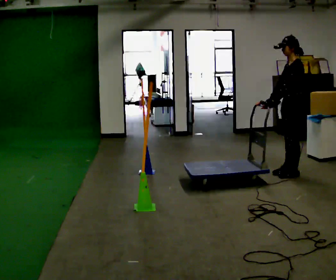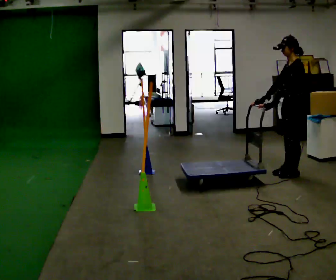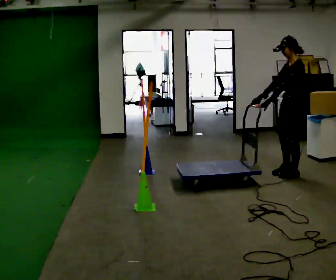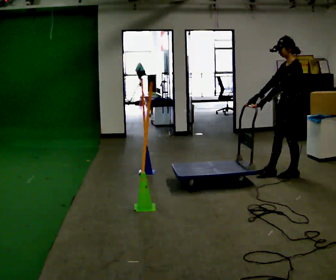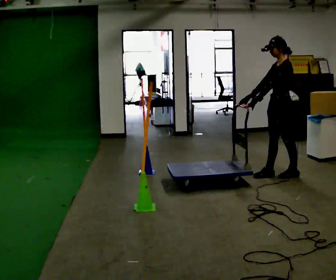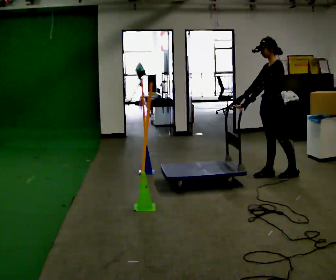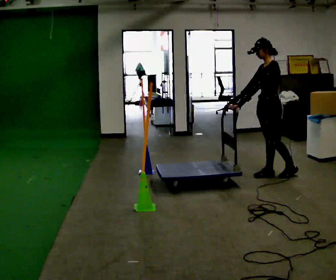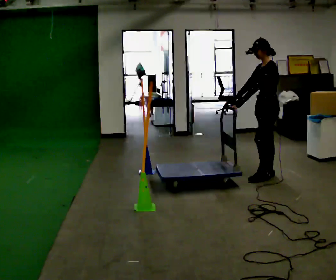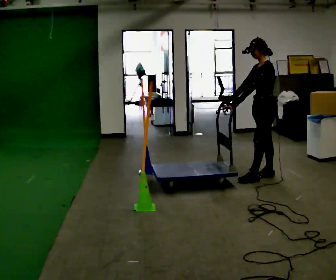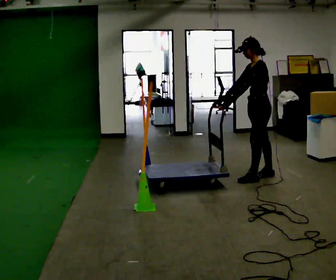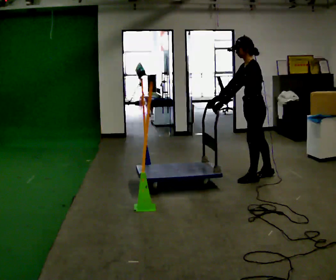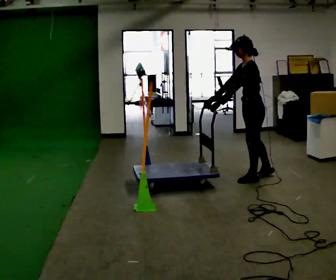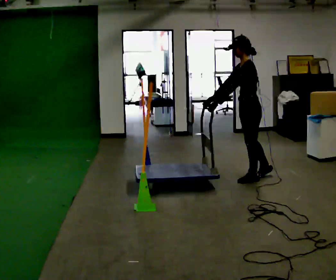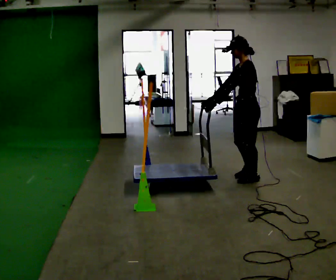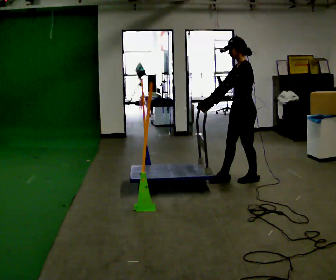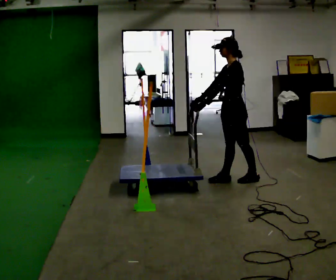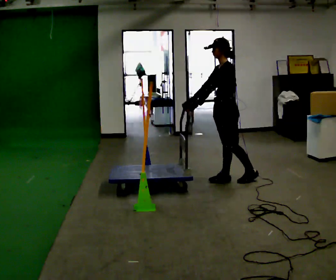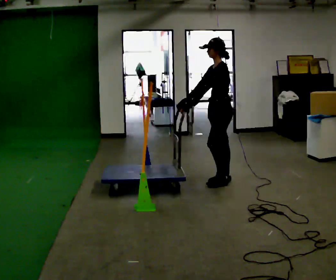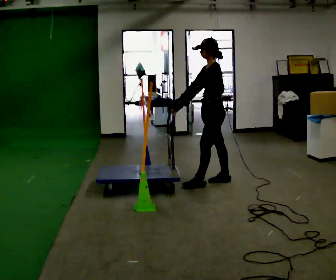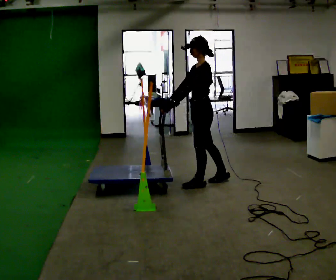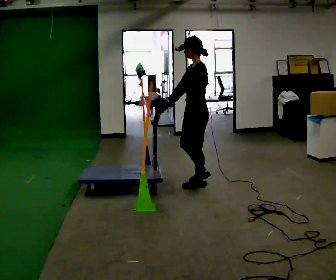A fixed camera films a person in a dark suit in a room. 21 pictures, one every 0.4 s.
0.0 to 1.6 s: In the picture they go to the left, about 0.25 m in 1 step, which for them is forward.
1.6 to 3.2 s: In the picture they go to the left, about 0.25 m in 1 step, which for them is forward.
3.2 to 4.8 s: In the picture they go to the left and toward the camera, about 0.25 m, which for them is forward and to their left.
4.8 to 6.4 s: In the picture they go to the left, about 0.25 m in 1 step, which for them is forward.
6.4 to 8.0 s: In the picture they go to the left and toward the camera, about 0.25 m in 1 step, which for them is forward.
The film runs forward here.
